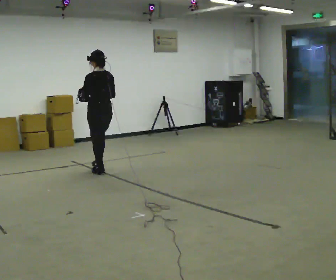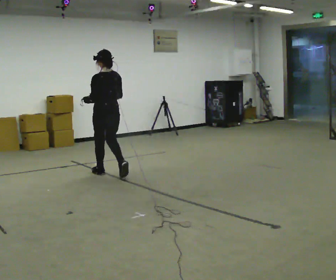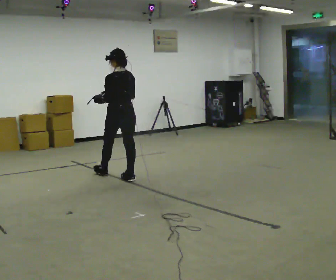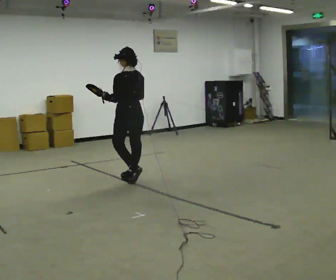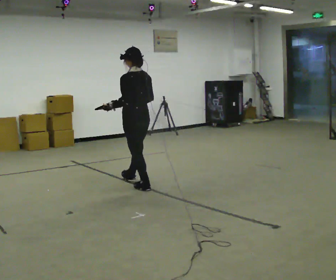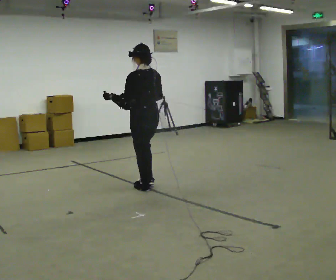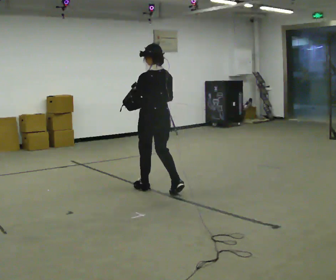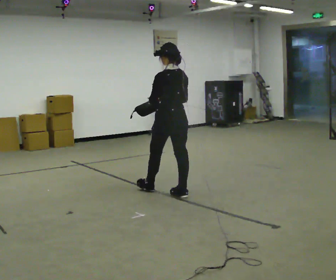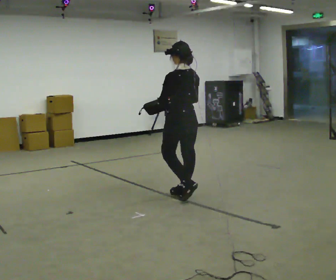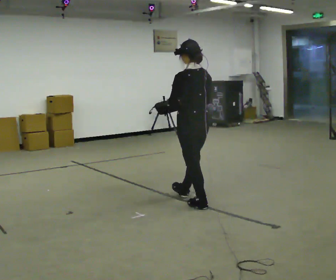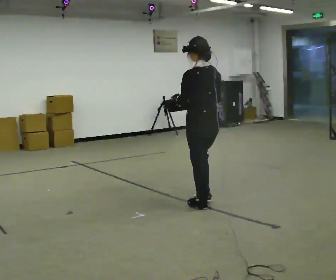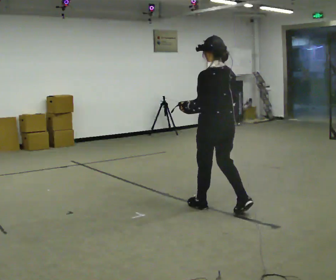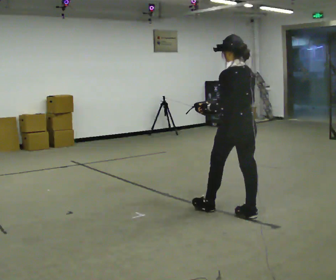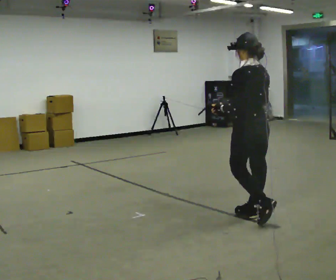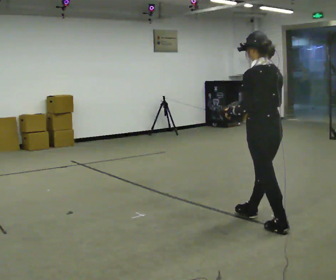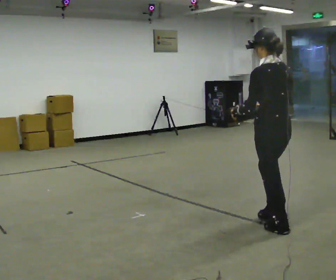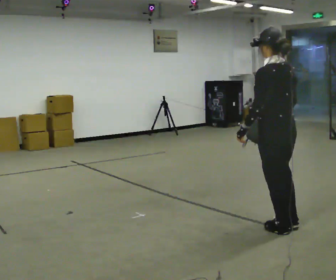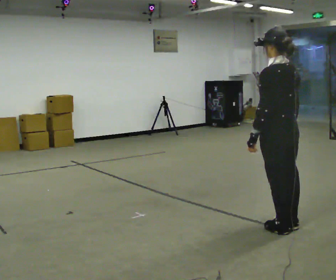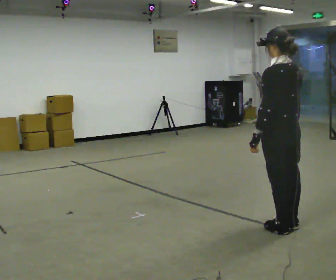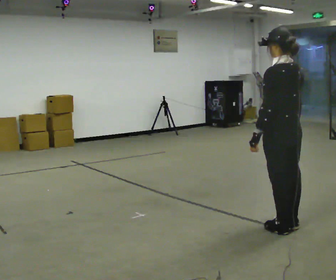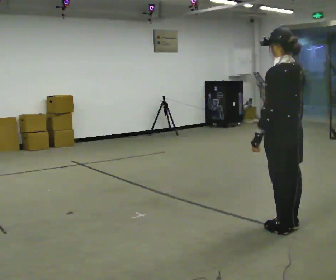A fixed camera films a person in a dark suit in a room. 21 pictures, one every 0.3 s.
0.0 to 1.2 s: In the picture they go toward the camera and to the right, about 1 m in 1 step, which for them is backward.
1.2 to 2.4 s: In the picture they go to the right and toward the camera, about 0.5 m in 2 steps, which for them is backward.
2.4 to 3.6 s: In the picture they go toward the camera and to the right, about 1 m in 2 steps, which for them is backward.
3.6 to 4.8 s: In the picture they go toward the camera and to the right, about 0.5 m in 1 step, which for them is backward.
4.8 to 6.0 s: The person moves a little, or ends about where they began.
The film runs backward here.
